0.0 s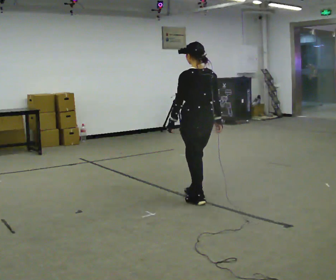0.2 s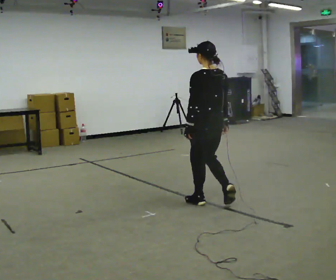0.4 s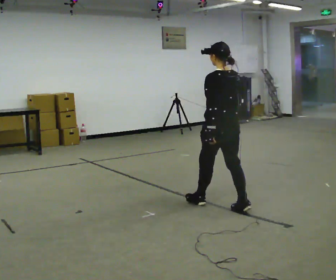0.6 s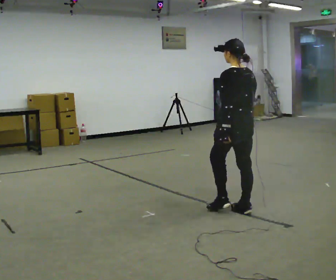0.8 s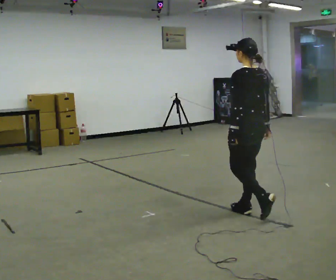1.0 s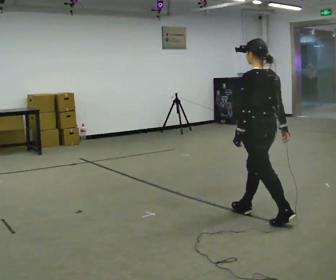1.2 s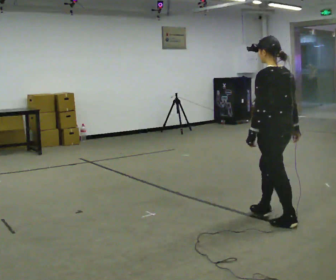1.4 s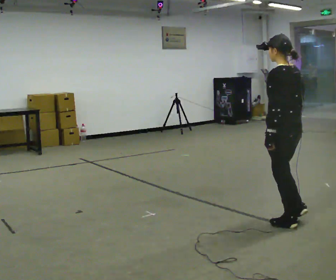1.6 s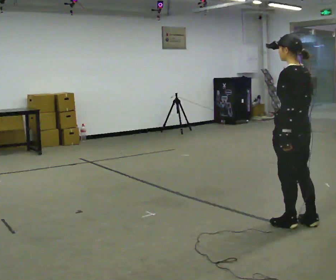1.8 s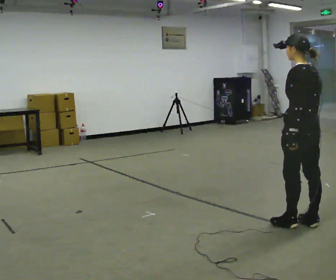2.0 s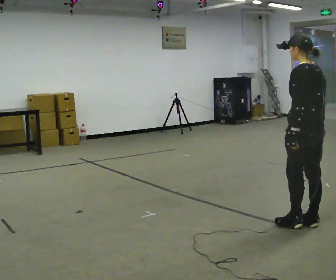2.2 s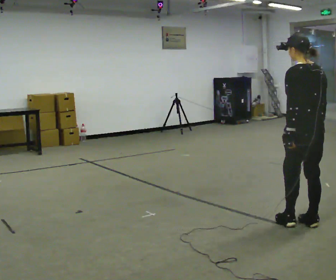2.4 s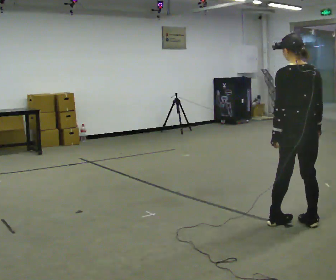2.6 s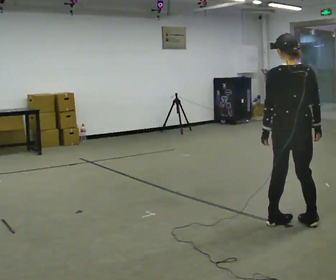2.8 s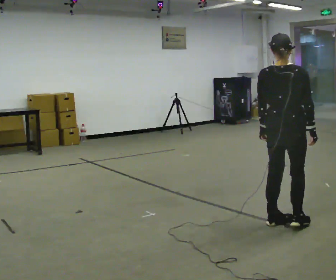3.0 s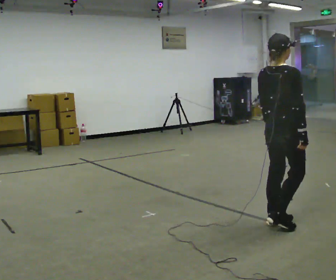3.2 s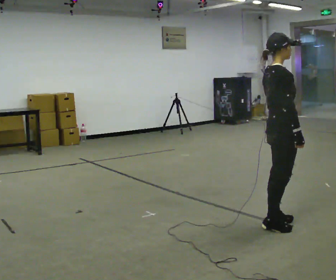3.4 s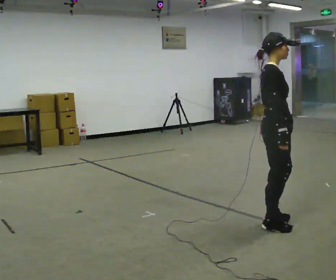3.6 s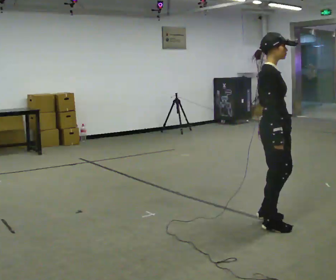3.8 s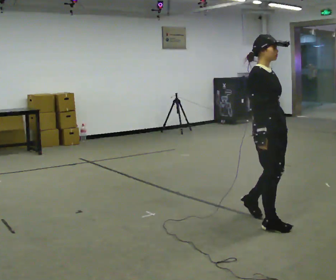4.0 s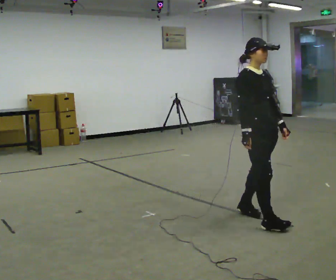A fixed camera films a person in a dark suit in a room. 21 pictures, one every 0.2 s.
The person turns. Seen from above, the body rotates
clockwise.
The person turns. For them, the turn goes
to their right.
0.0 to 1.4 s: In the picture they go to the right and toward the camera, about 1 m in 2 steps, which for them is backward.
1.4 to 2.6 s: Seen from above the body turns clockwise, about 45 degrees: to their right, with its near side sliding to the left.
2.6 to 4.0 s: The person turns about 135 degrees to their right, clockwise seen from above, so the part of the body nearest the lens slides to the left. In the picture they go to the left, about 0.25 m in 2 steps.
The film runs backward here.
